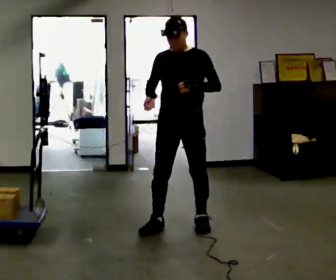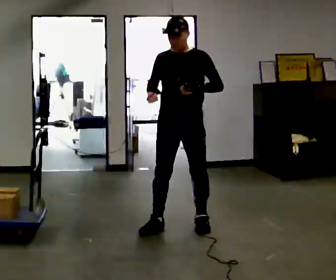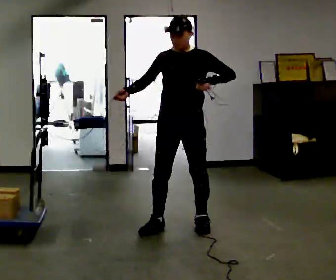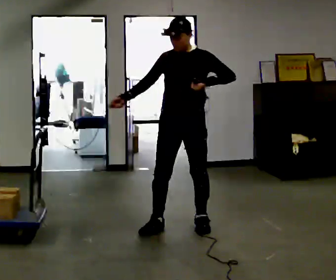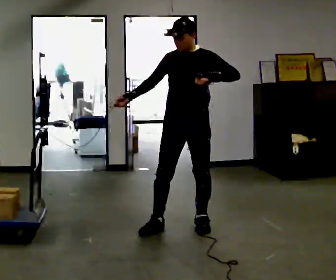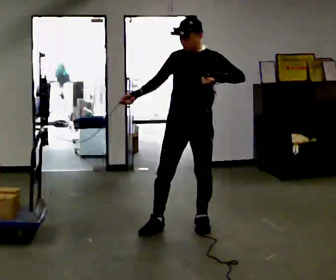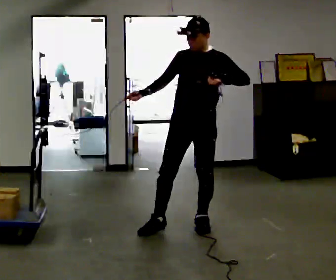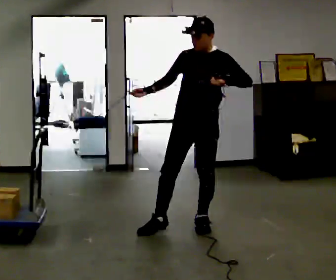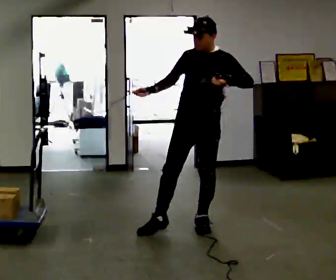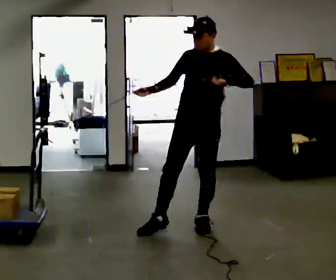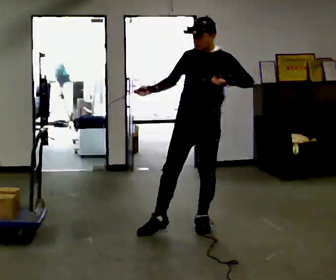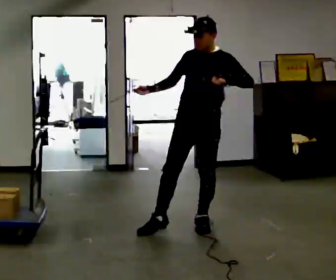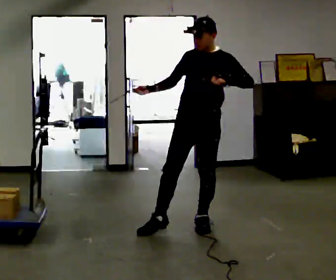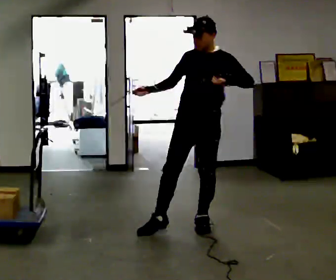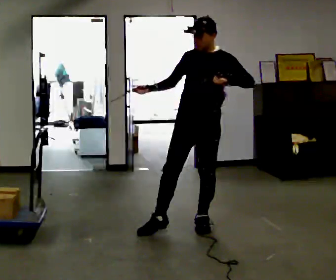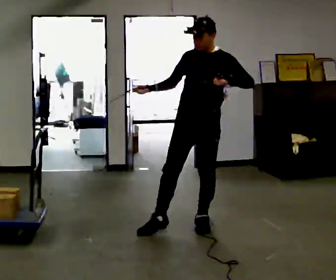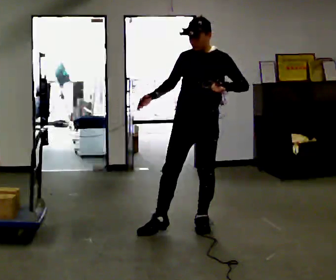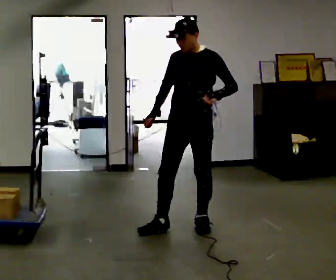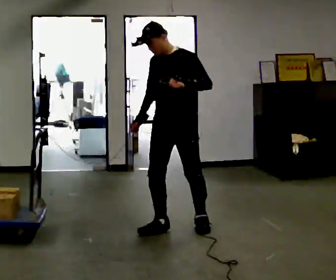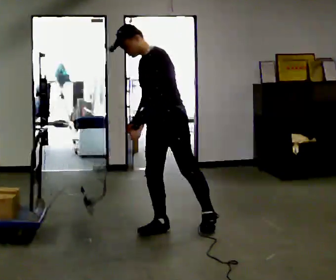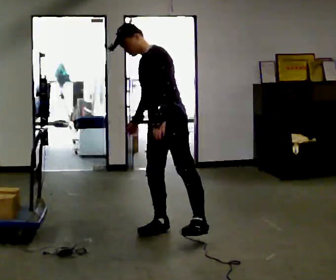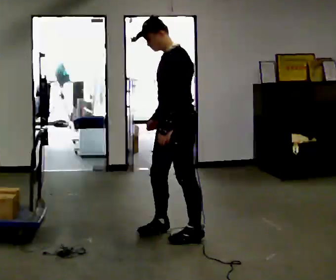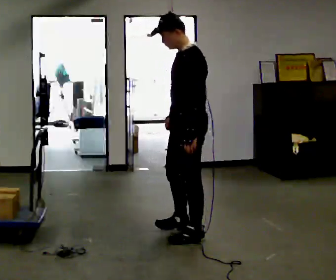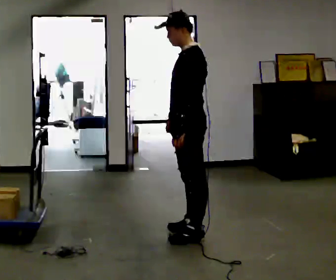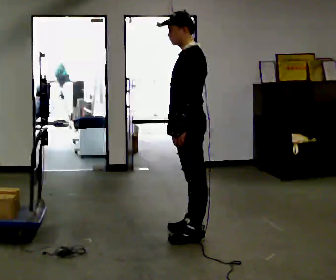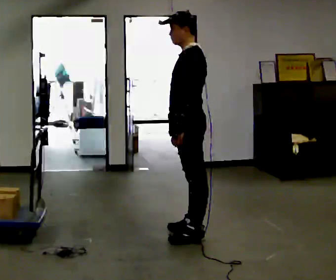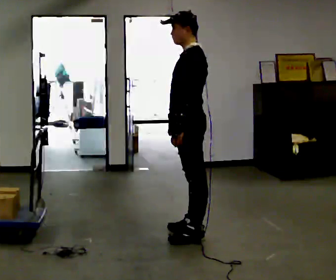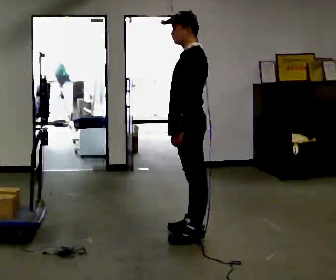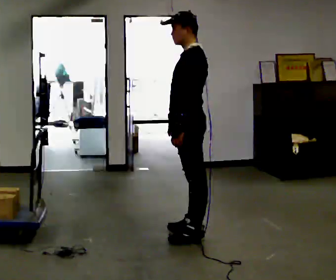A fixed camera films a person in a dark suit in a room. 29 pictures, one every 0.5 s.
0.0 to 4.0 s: In the picture they go to the right, about 0.25 m, which for them is to their left.
4.0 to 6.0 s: The person keeps their place and pose.
6.0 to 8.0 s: The person moves a little, or ends about where they began.
8.0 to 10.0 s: Seen from above the body turns clockwise, about 45 degrees: to their right, with its near side sliding to the left. In the picture they go to the left, about 0.25 m in 1 step, which for them is forward. In the picture the upper body tilts counterclockwise, shoulders to the left, as they bend forward.
10.0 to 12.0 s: The part of the body nearest the lens slides to the left as the person turns to their right by about 30 degrees. In the picture they go to the right, about 0.25 m in 1 step, which for them is to their left and backward. In the picture the upper body tilts clockwise, shoulders to the right, as they lean back or straighten.
12.0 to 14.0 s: The person keeps their place and pose.
The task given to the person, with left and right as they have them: Hold the rope on the loaded pallet and pull as hard as is comfortable for a few seconds, then relax. The operator will log the load and the peak reading on the scale for every take.
The film runs forward here.
